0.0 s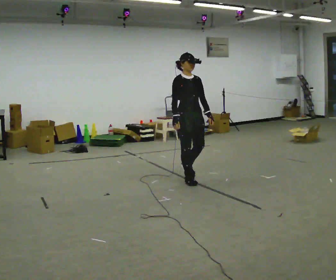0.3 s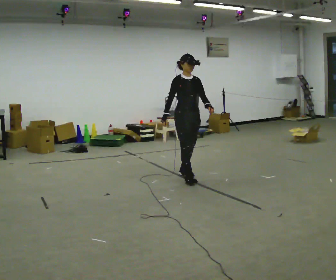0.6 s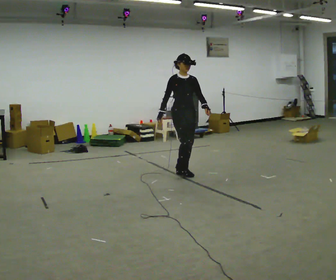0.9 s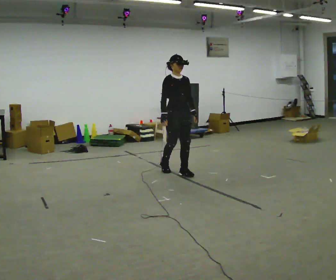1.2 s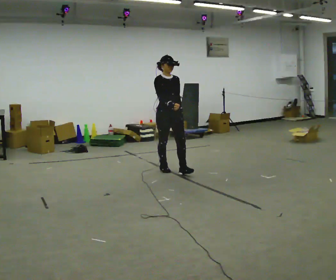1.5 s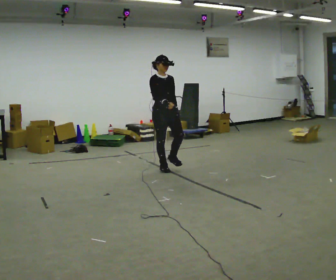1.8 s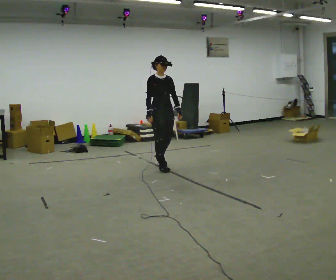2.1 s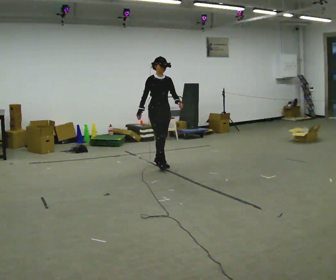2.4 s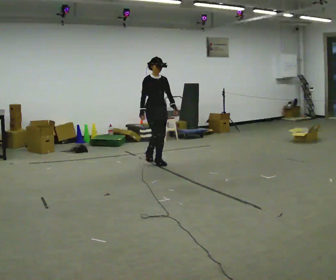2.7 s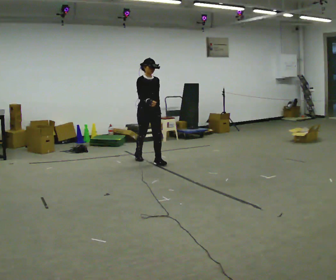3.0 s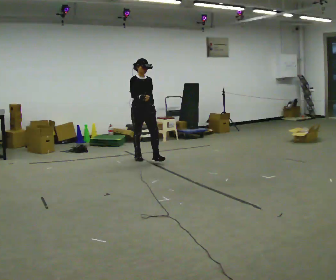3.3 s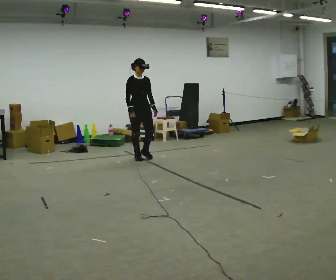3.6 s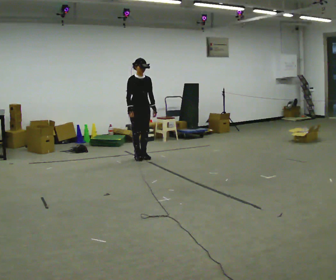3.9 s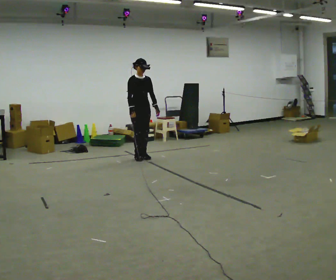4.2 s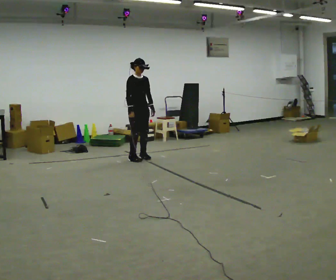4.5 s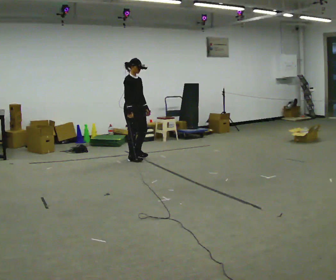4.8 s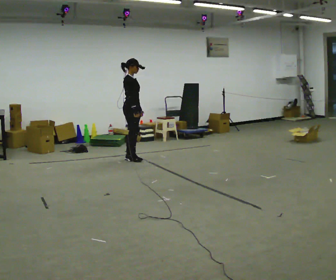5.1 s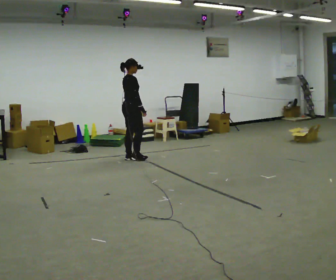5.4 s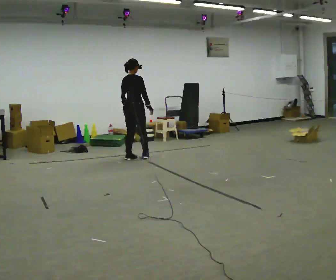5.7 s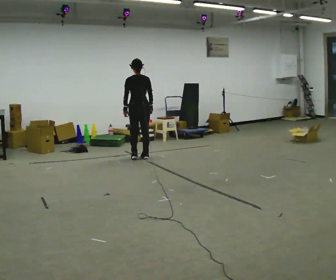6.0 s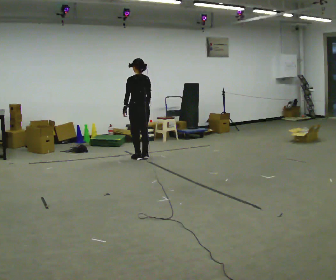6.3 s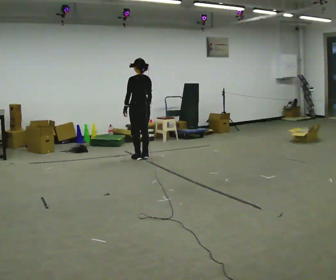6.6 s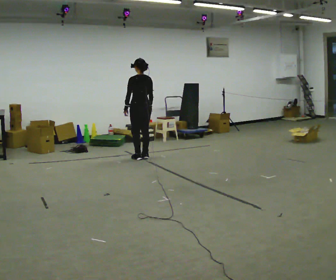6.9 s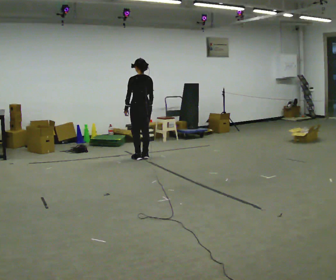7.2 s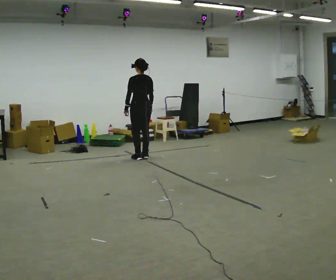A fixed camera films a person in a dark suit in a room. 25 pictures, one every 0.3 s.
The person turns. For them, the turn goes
to their left.
The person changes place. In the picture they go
away from the camera.
0.0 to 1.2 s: In the picture they go away from the camera and to the left, about 0.5 m in 1 step, which for them is backward.
1.2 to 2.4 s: In the picture they go away from the camera, about 0.5 m in 2 steps, which for them is backward.
2.4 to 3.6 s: In the picture they go away from the camera and to the left, about 0.5 m in 1 step, which for them is backward.
3.6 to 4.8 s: Seen from above the body turns counterclockwise, about 60 degrees: to their left, with its near side sliding to the right.
4.8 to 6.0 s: The part of the body nearest the lens slides to the right as the person turns to their left by about 120 degrees.
6.0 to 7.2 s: The person moves a little, or ends about where they began.
The film runs backward here.
